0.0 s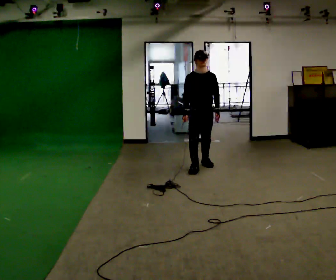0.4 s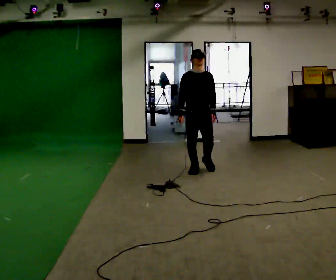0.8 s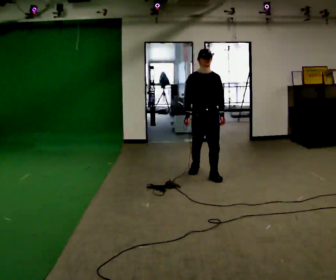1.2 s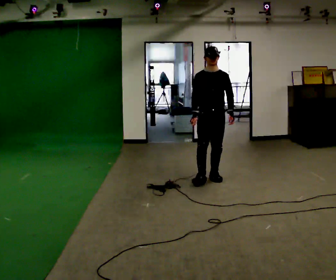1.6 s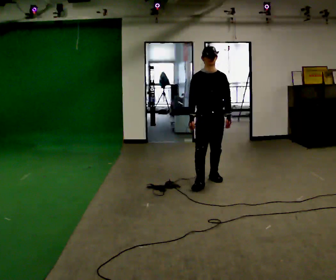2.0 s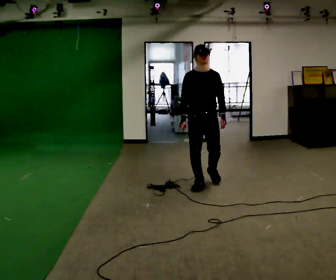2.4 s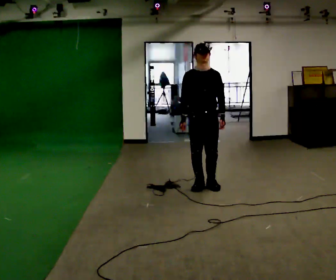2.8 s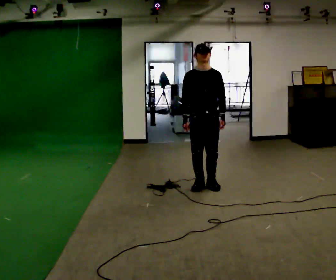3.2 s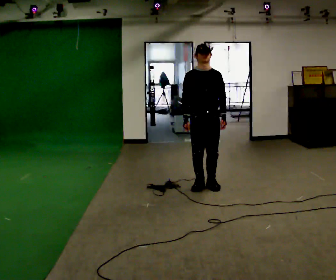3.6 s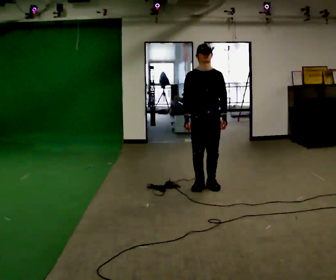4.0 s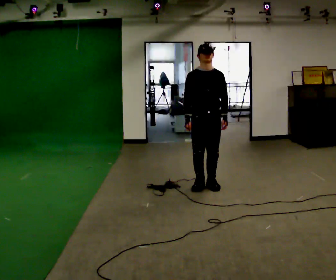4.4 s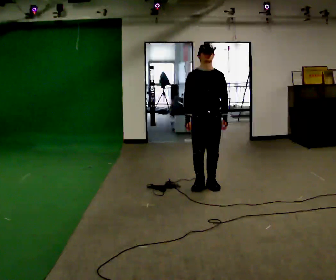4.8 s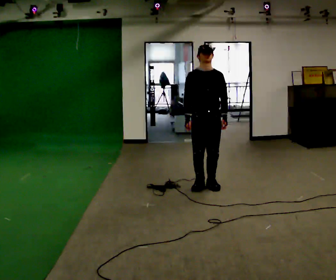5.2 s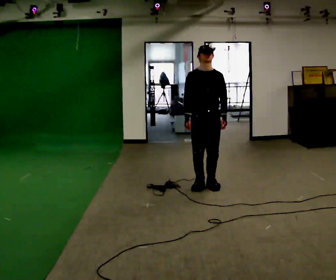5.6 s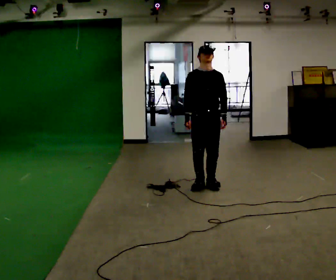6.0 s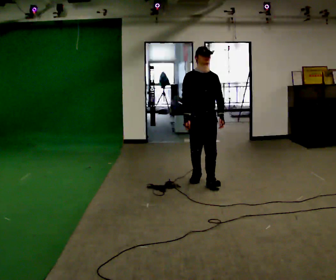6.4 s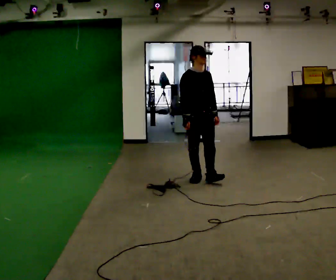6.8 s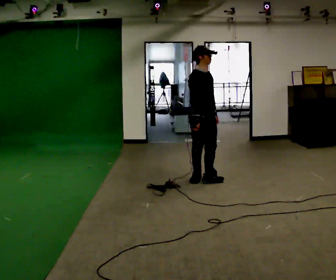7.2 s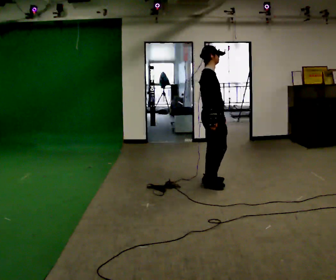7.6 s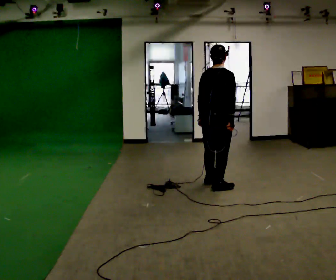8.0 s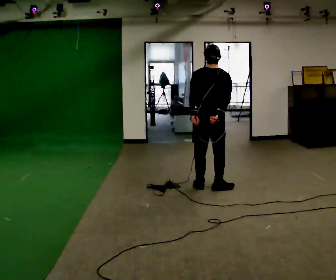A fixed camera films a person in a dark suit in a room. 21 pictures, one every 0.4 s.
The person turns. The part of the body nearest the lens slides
to the right.
The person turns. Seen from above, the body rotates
counterclockwise.
0.0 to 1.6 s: In the picture they go toward the camera, about 0.75 m in 2 steps, which for them is forward.
1.6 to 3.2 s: In the picture they go toward the camera, about 0.25 m in 1 step, which for them is forward.
3.2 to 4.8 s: The person moves a little, or ends about where they began.
4.8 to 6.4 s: In the picture they go away from the camera, about 0.25 m in 1 step, which for them is backward.
6.4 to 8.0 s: Seen from above the body turns counterclockwise, about 150 degrees: to their left, with its near side sliding to the right. In the picture they go toward the camera and to the right, about 0.25 m in 3 steps.
The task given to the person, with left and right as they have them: Stand on the marked spots. Lean backward, keeping your body straight, until you cannot hold it, then step back to catch yourself. Return to the spots. Repeat at your own pace until the operator says stop. Go slowly and only as far as you are comfortable. Step whenever you need to; do not try to hold on longer than feels safe.
The film runs forward here.
